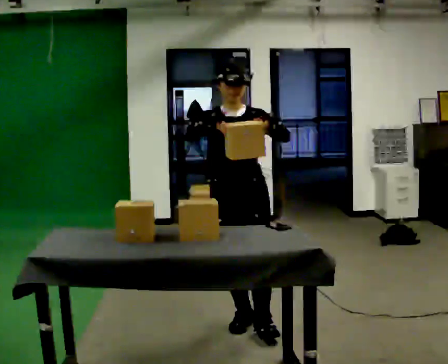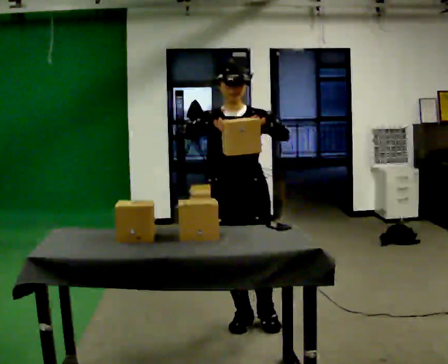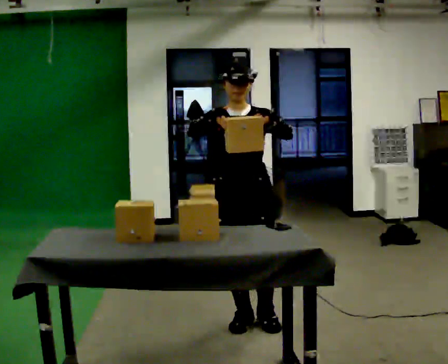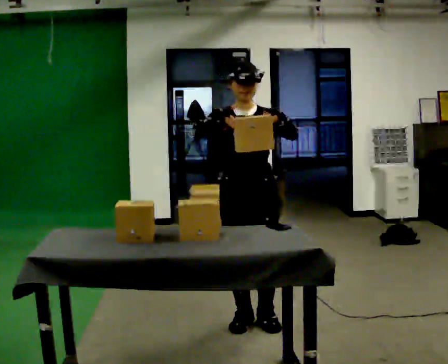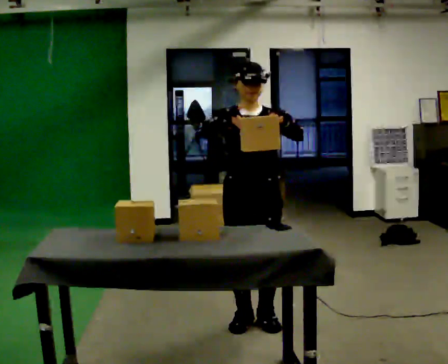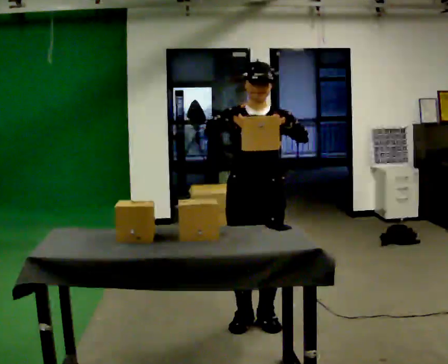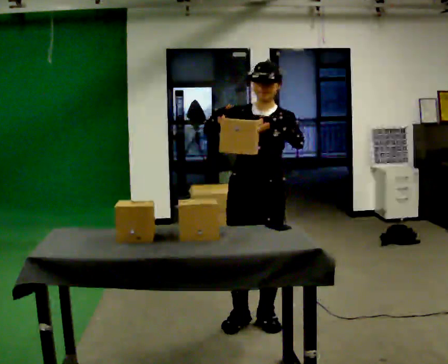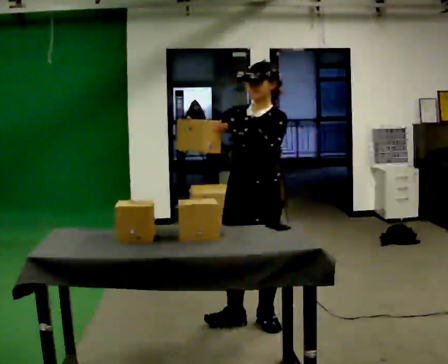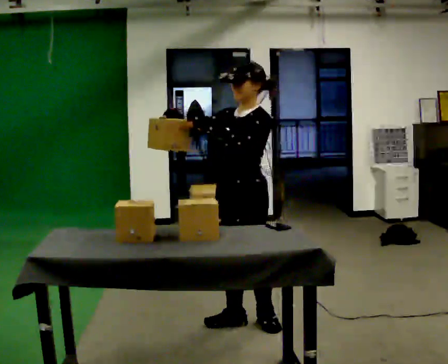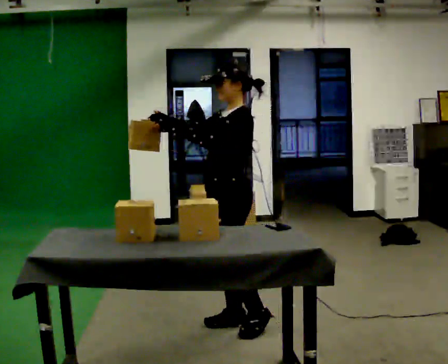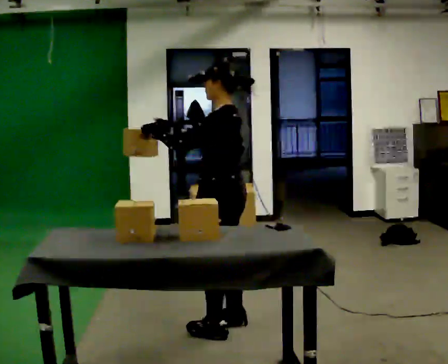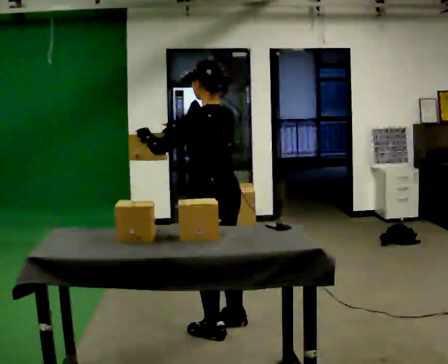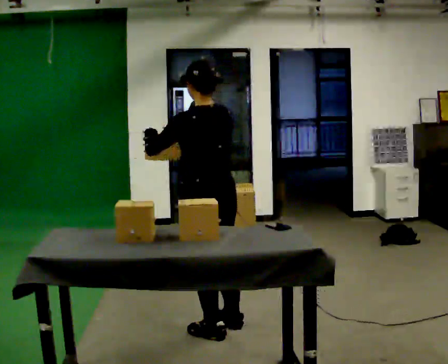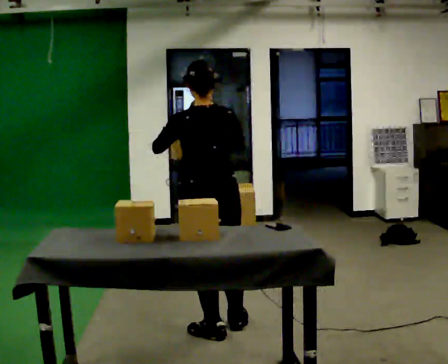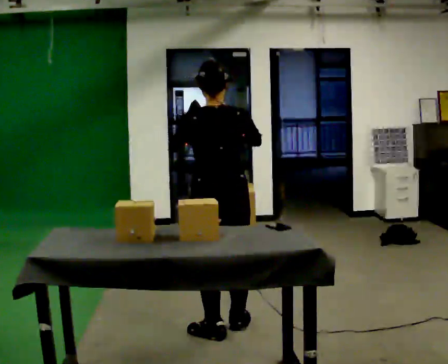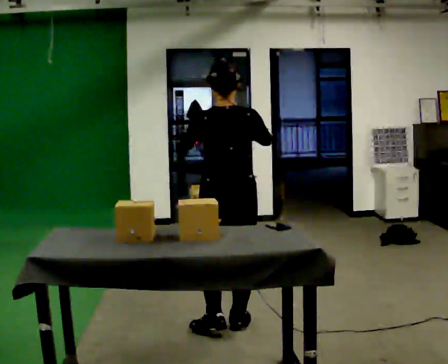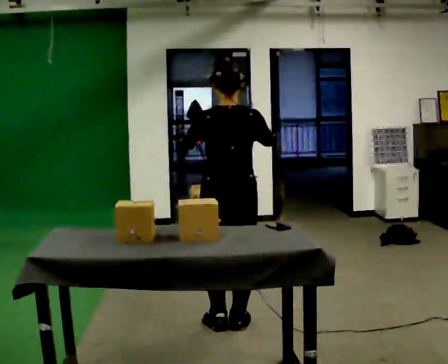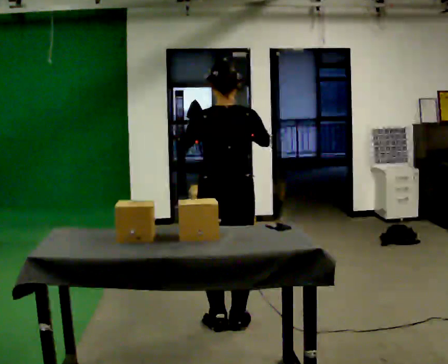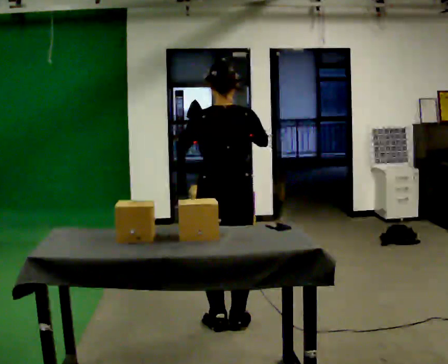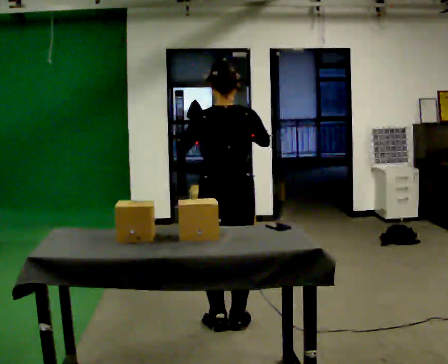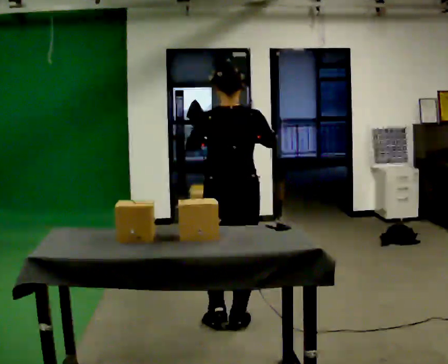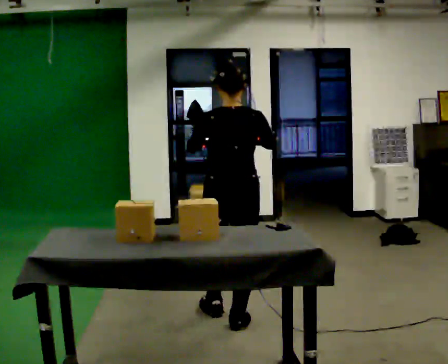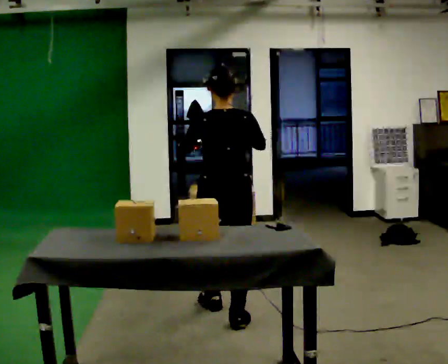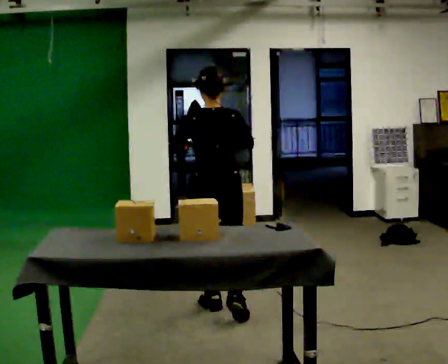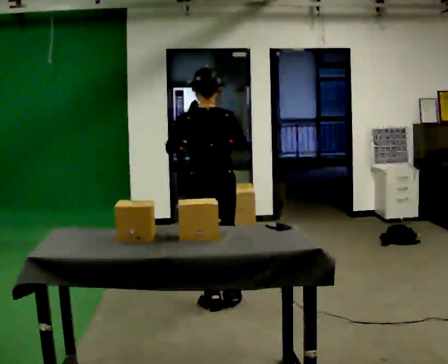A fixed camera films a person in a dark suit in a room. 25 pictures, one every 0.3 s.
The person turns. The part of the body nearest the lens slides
to the left.
The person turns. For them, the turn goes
to their right.
0.0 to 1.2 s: The person moves a little, or ends about where they began.
1.2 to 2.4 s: The person turns about 45 degrees to their right, clockwise seen from above, so the part of the body nearest the lens slides to the left.
2.4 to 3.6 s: The part of the body nearest the lens slides to the left as the person turns to their right by about 90 degrees. In the picture they go to the left and toward the camera, about 0.25 m in 1 step.
3.6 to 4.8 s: The person turns about 30 degrees to their right, clockwise seen from above, so the part of the body nearest the lens slides to the left.
4.8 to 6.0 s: The person moves a little, or ends about where they began.
6.0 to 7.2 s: In the picture they go away from the camera, about 0.5 m in 1 step, which for them is forward.
The film runs forward here.
